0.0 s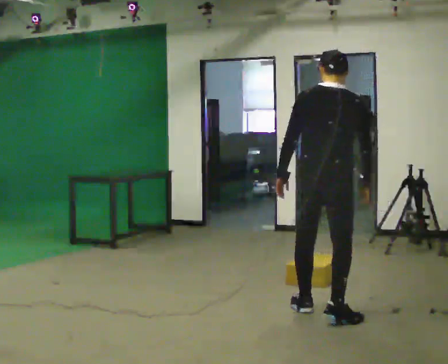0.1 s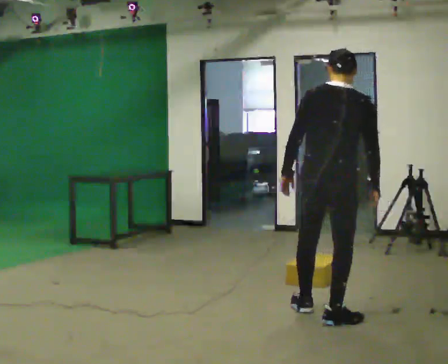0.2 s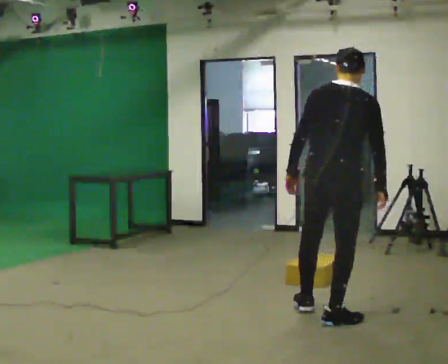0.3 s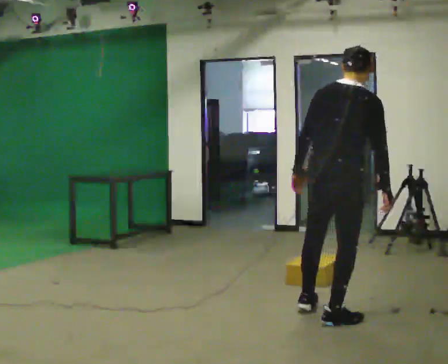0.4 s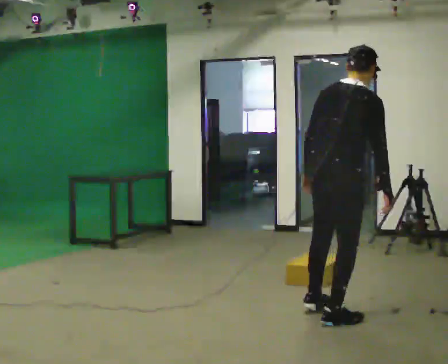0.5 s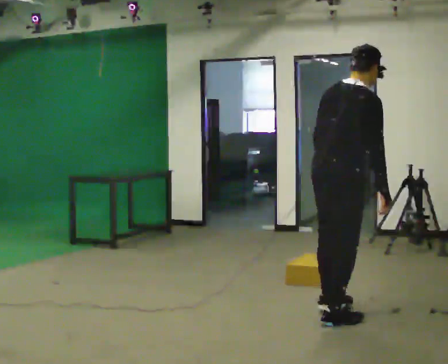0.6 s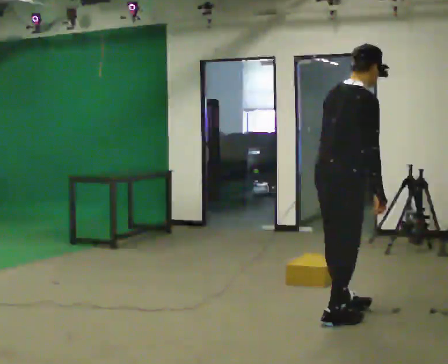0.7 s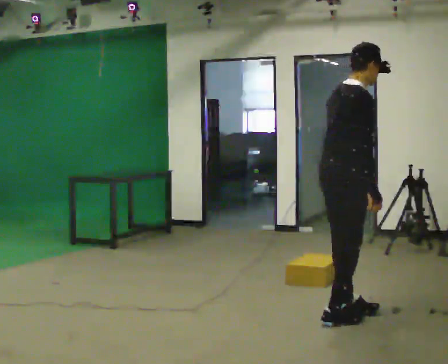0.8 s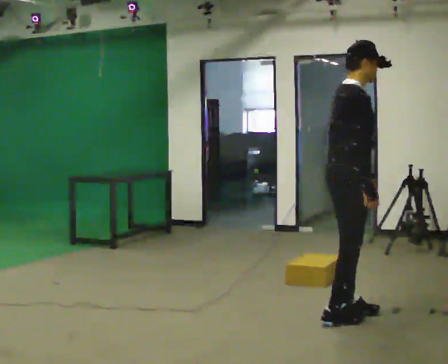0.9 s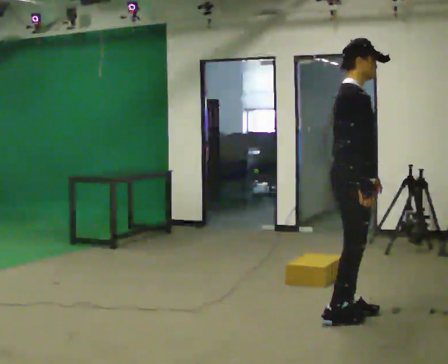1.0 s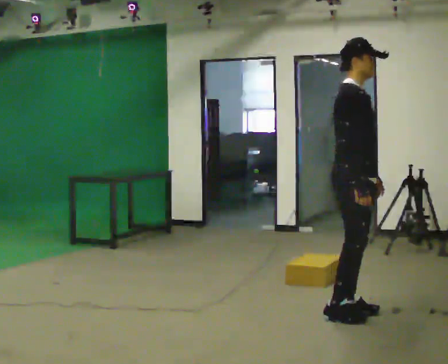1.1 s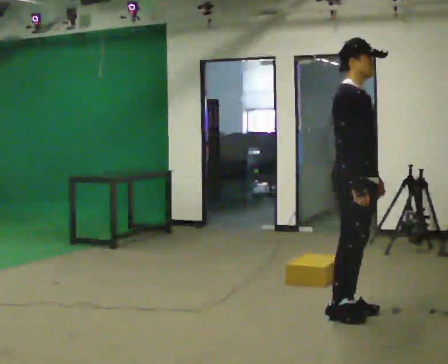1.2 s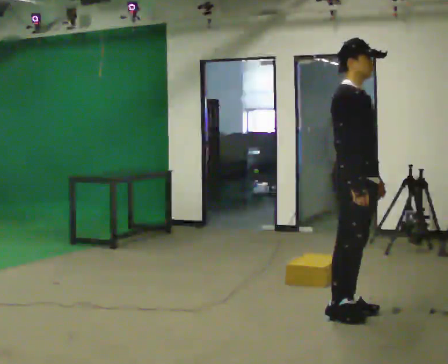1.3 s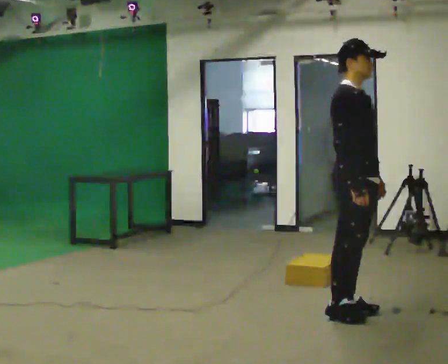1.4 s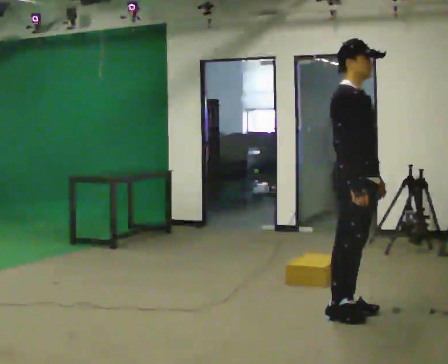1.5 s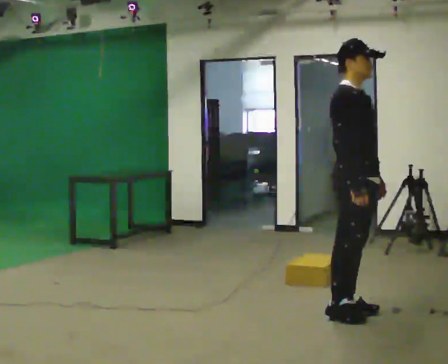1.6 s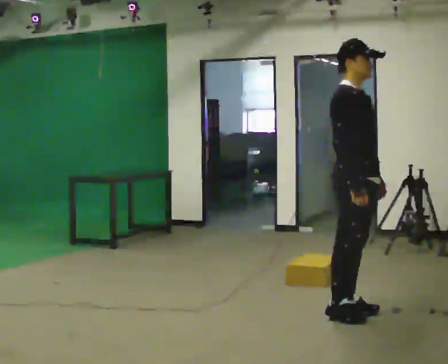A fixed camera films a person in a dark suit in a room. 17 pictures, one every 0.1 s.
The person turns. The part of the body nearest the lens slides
to the left.
The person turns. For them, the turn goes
to their right.
0.0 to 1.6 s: Seen from above the body turns clockwise, about 105 degrees: to their right, with its near side sliding to the left. In the picture they go to the right, about 0.25 m in 1 step. In the picture their left hand goes to the right, the arm swinging counterclockwise.
The film runs backward here.
